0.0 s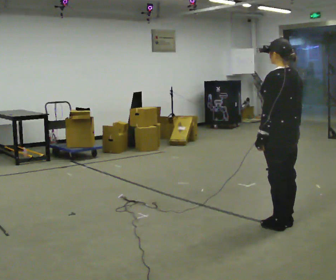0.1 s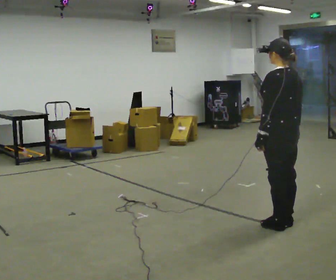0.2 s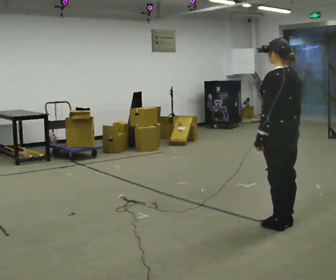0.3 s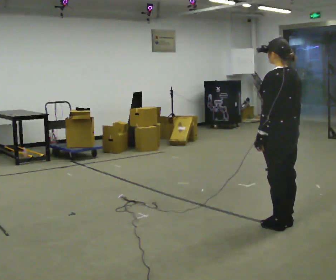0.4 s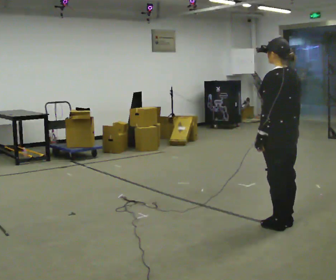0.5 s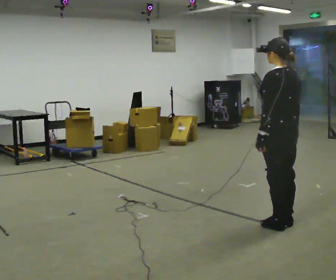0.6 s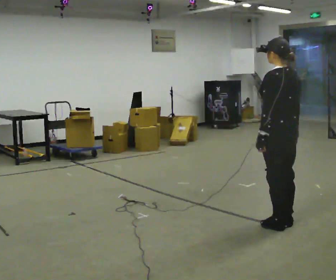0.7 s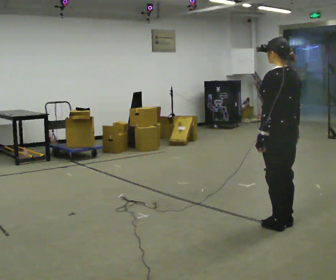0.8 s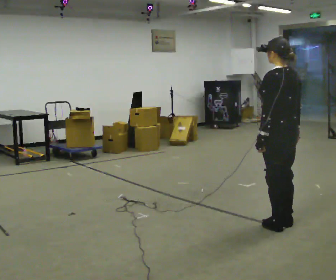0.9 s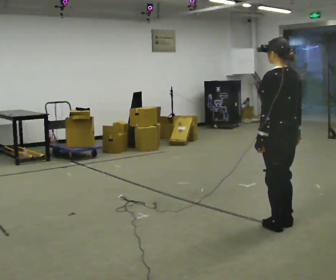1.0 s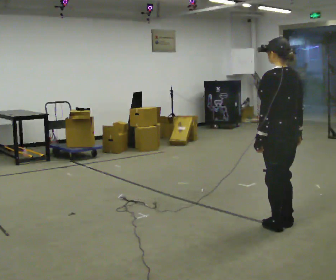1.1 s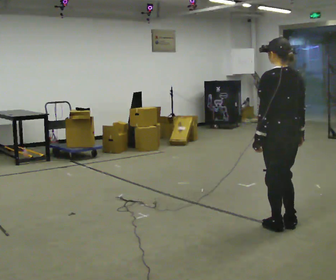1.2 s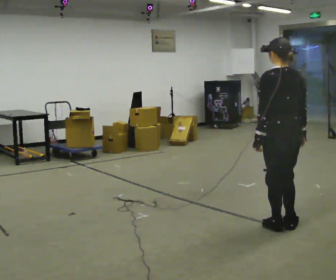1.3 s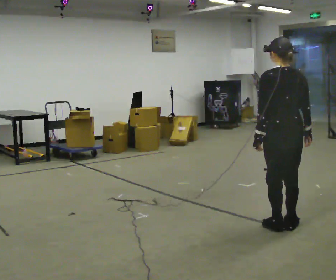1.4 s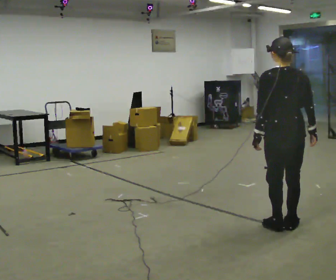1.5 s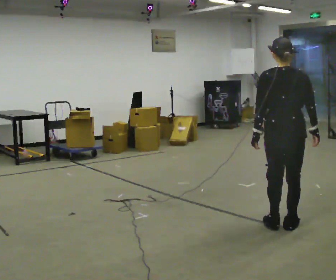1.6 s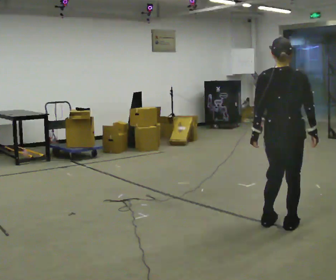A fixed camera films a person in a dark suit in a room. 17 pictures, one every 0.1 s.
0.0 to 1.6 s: Seen from above the body turns clockwise, about 60 degrees: to their right, with its near side sliding to the left.
The film runs backward here.
